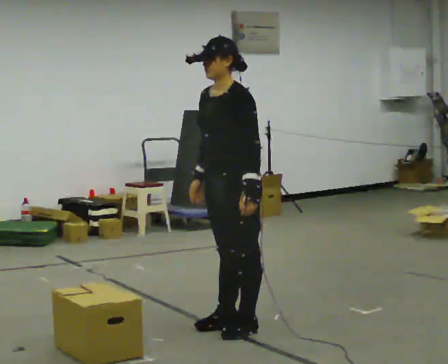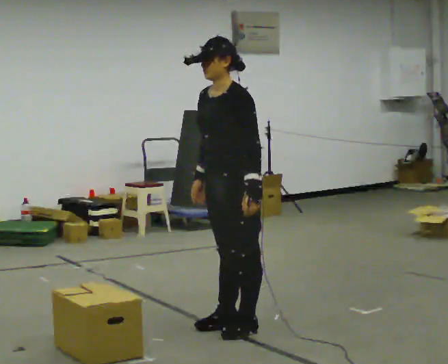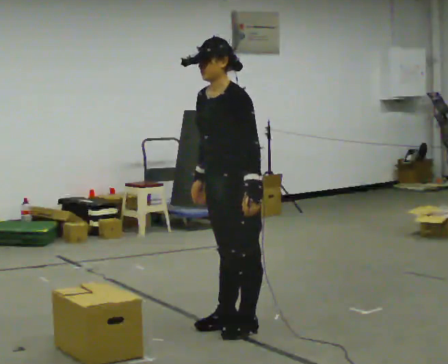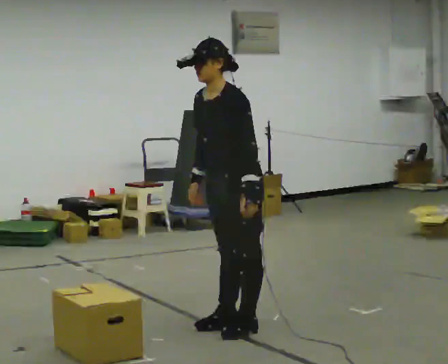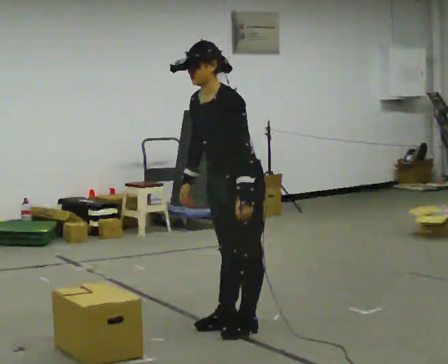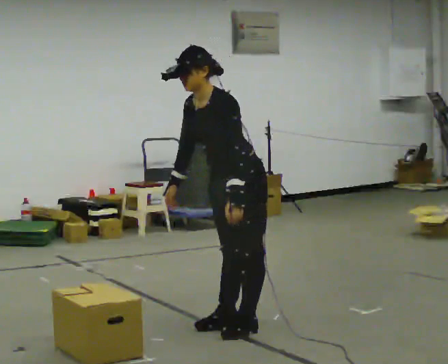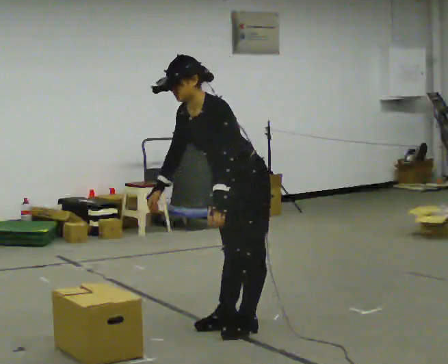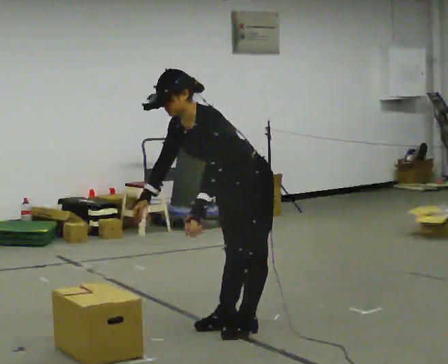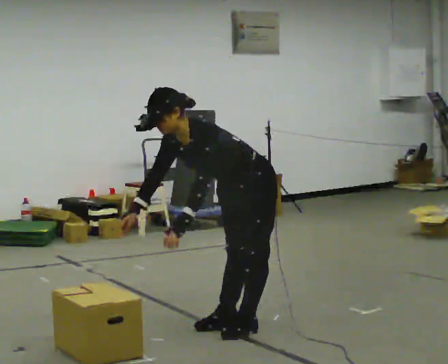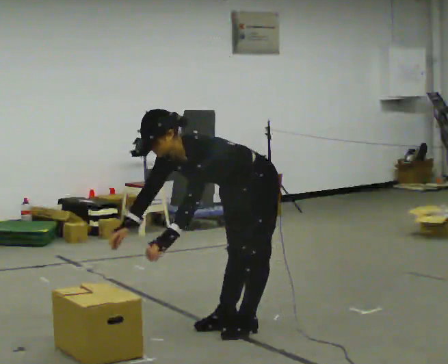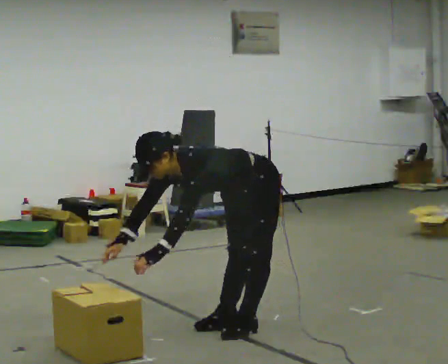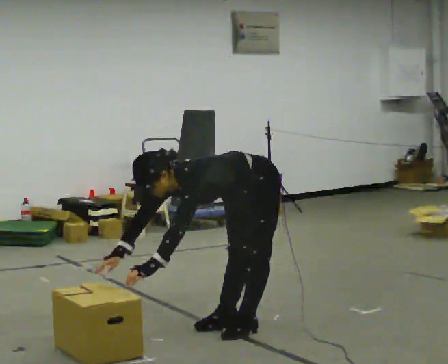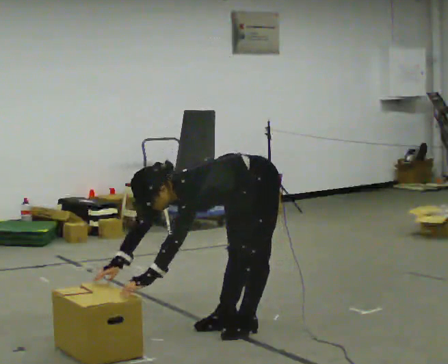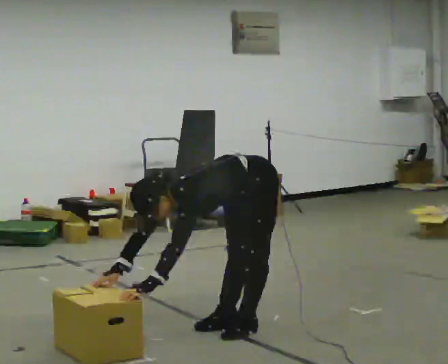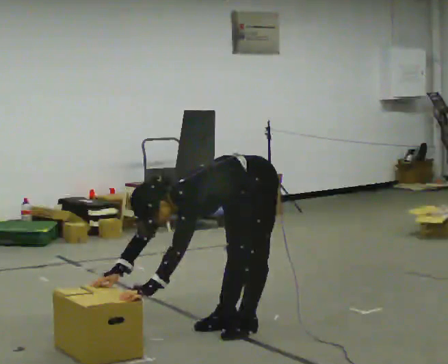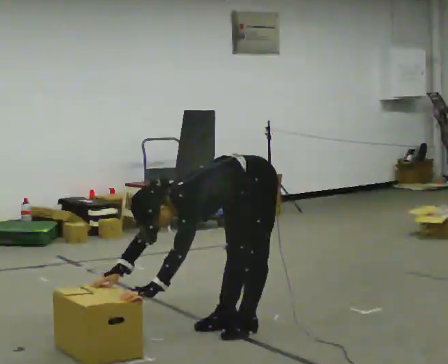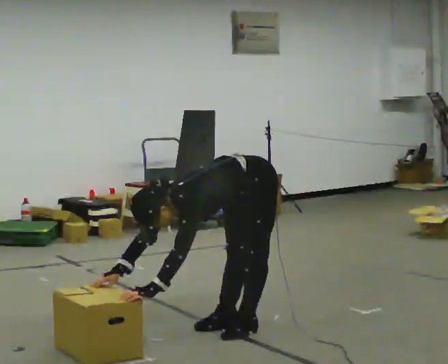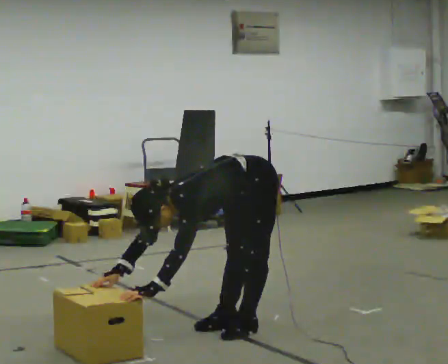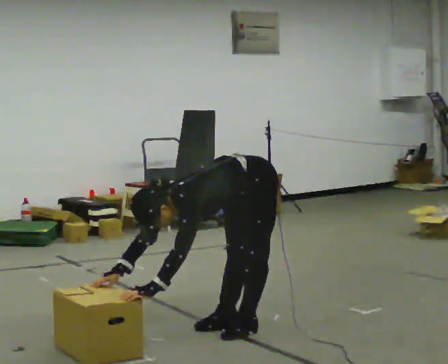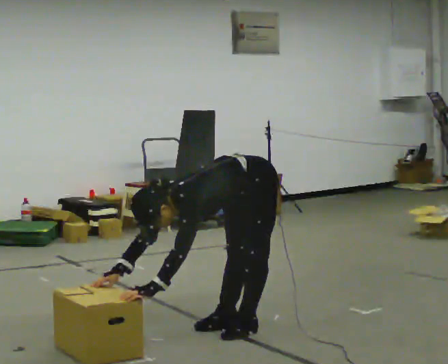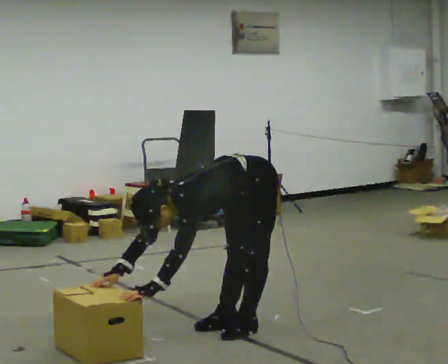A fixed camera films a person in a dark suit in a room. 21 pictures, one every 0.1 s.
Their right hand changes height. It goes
downward.
The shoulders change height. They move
downward.
0.0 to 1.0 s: The upper body goes downward. In the picture the upper body tilts counterclockwise, shoulders to the left, as they bend forward. In the picture their right hand goes to the left and downward.
1.0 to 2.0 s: The upper body goes downward. The upper body tips toward the camera, its near side rolling downward, as they bend forward.
The film runs forward here.
